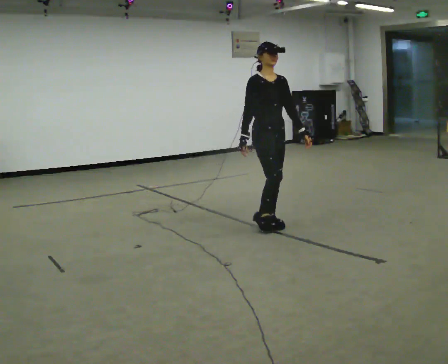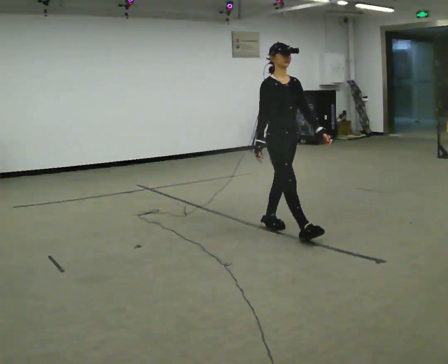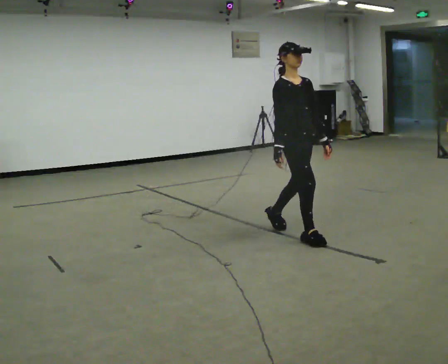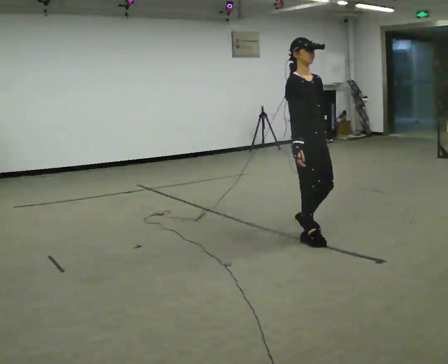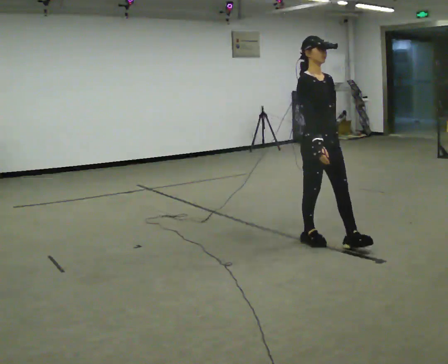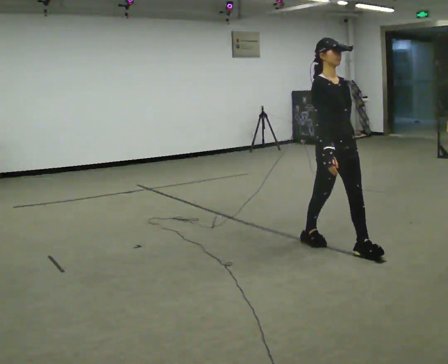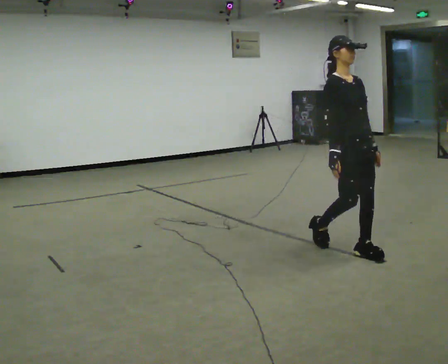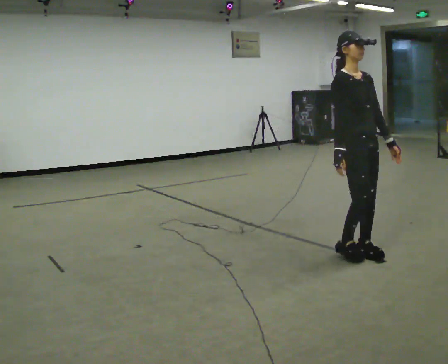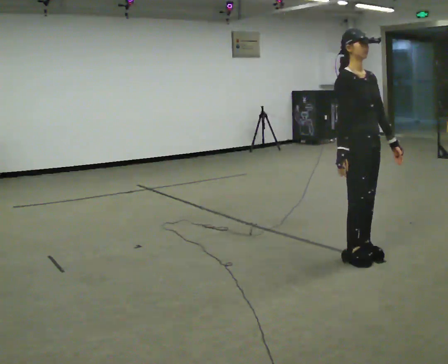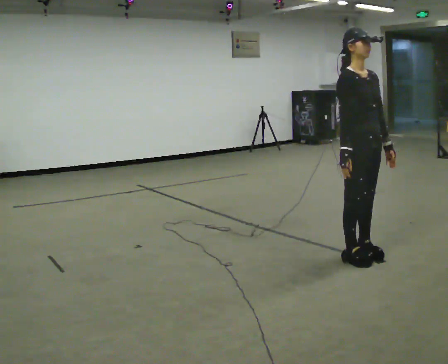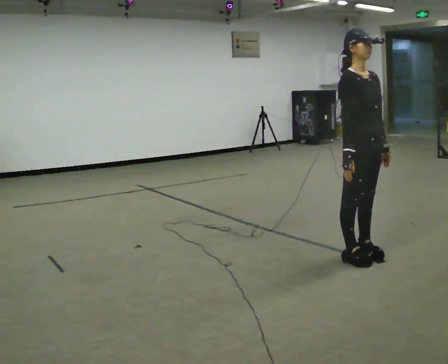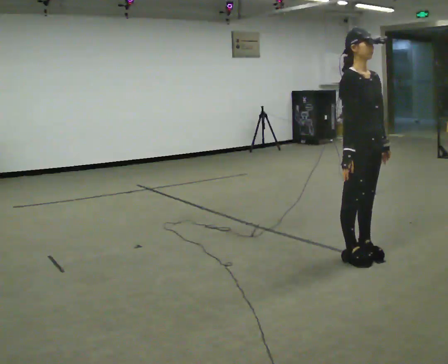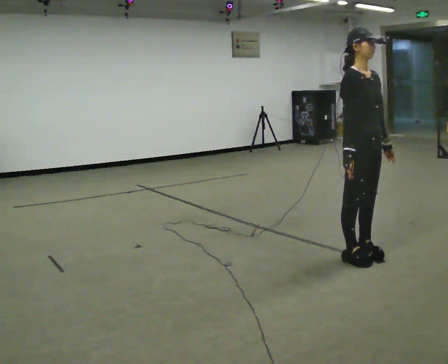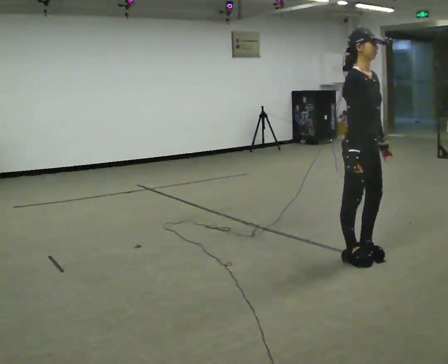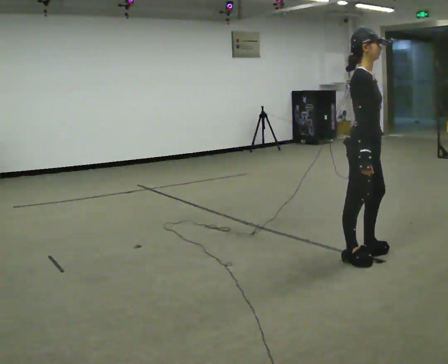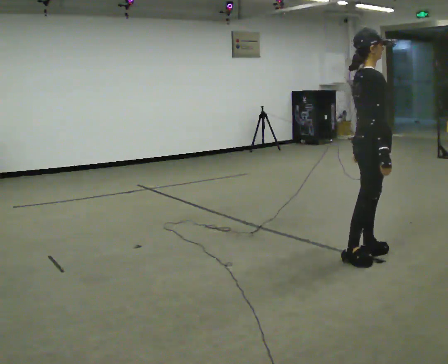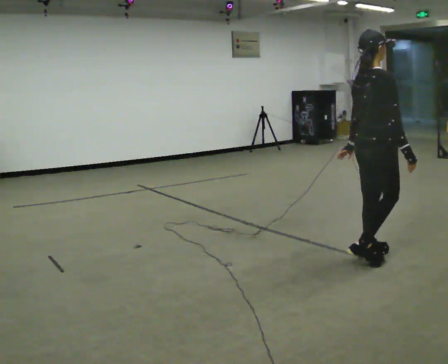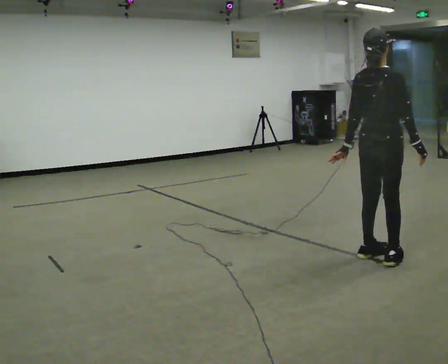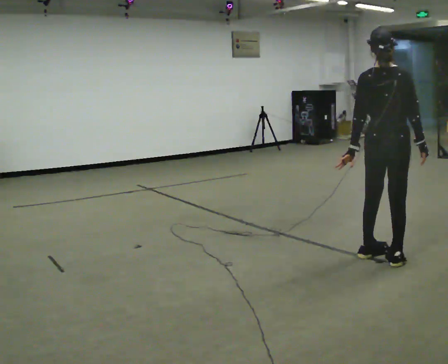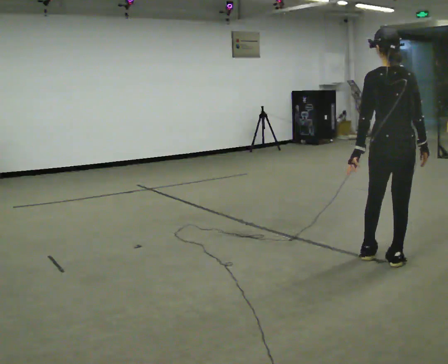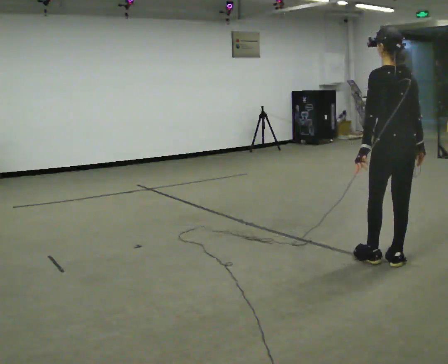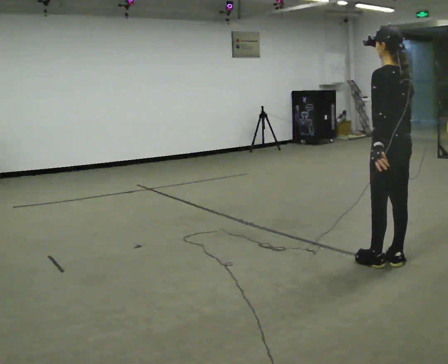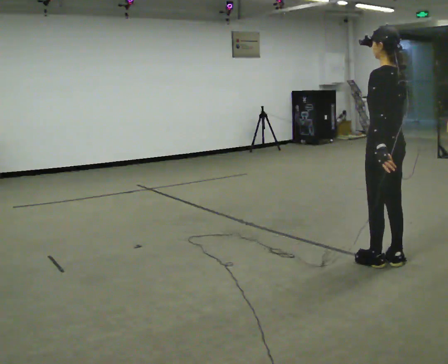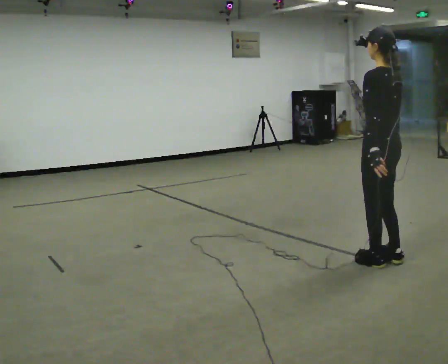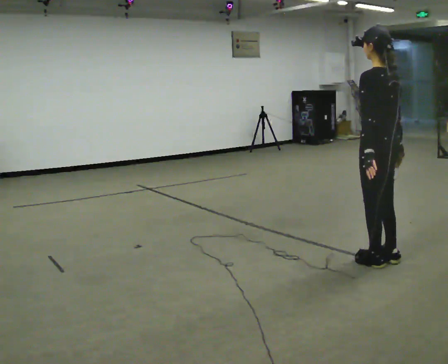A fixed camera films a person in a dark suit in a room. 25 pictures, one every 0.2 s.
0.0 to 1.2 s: In the picture they go toward the camera and to the right, about 1 m in 2 steps, which for them is forward.
1.2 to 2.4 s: In the picture they go toward the camera, about 0.25 m in 1 step, which for them is forward.
2.4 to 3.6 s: The part of the body nearest the lens slides to the right as the person turns to their left by about 120 degrees. In the picture they go to the right, about 0.25 m in 1 step. In the picture their right hand goes to the right.
3.6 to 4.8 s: The person turns about 60 degrees to their left, counterclockwise seen from above, so the part of the body nearest the lens slides to the right.
The film runs forward here.
